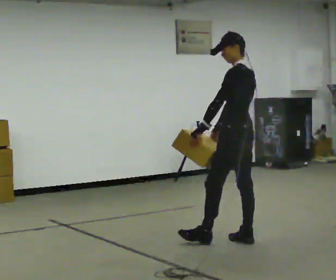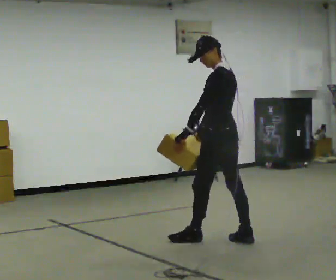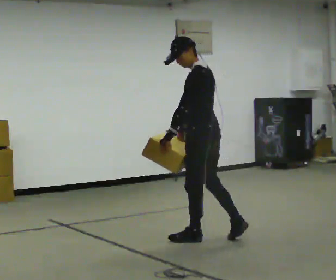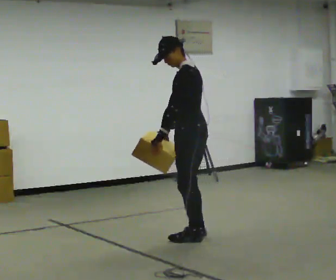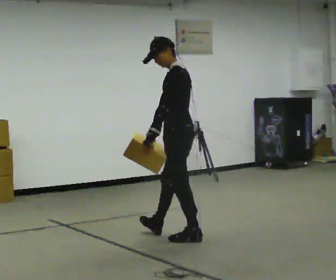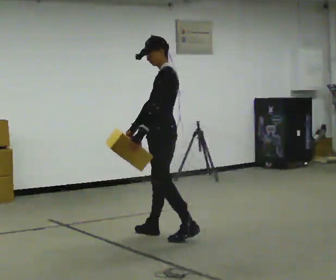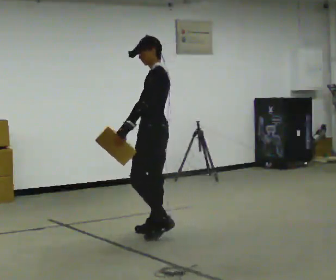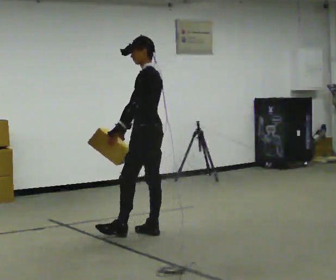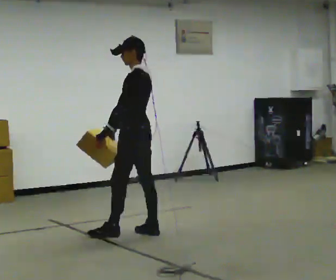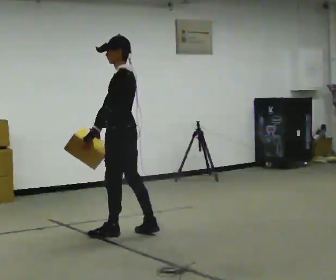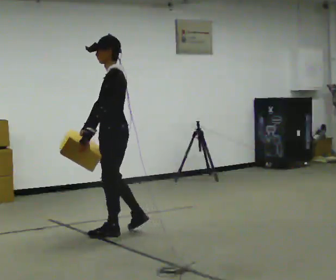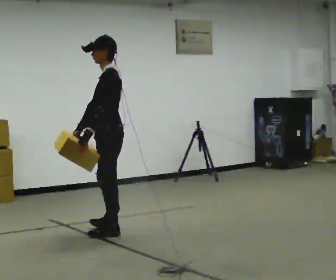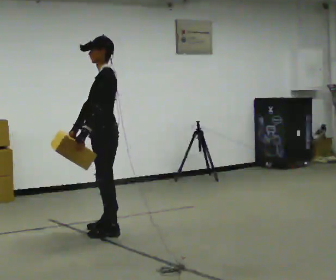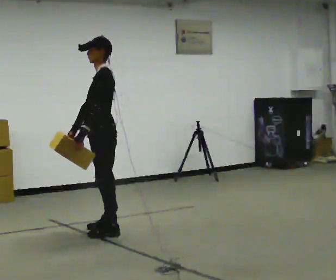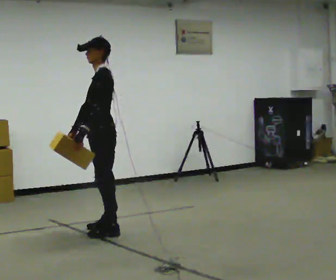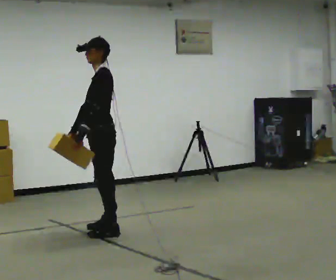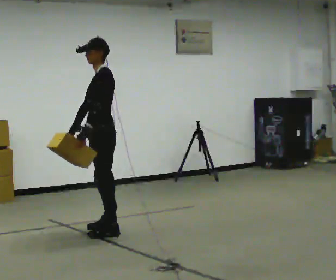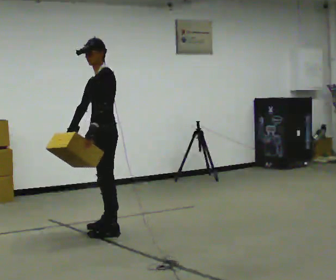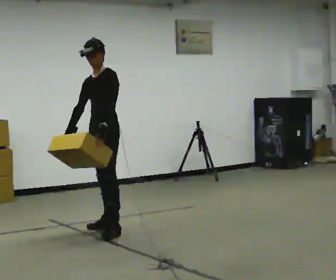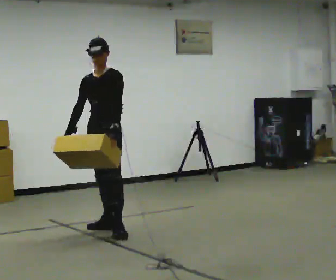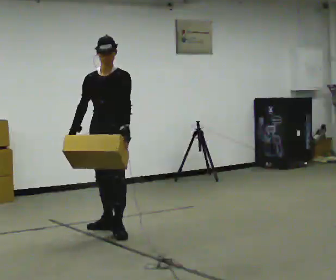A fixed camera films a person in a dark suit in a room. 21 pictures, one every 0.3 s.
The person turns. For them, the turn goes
to their left.
The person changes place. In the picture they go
to the left.
0.0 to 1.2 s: In the picture they go to the left and away from the camera, about 0.5 m in 2 steps, which for them is forward.
1.2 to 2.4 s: In the picture they go to the left and away from the camera, about 0.5 m in 1 step, which for them is forward.
2.4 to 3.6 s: In the picture they go to the left, about 0.25 m in 1 step, which for them is forward.
3.6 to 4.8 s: The person moves a little, or ends about where they began.
4.8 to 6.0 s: The part of the body nearest the lens slides to the right as the person turns to their left by about 60 degrees.
The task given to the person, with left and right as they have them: Carry the medium box in both hands in front of you, walking back and forth across the room. Keep walking until the operator says stop.
The film runs forward here.
